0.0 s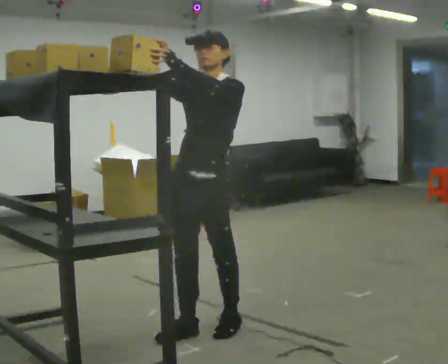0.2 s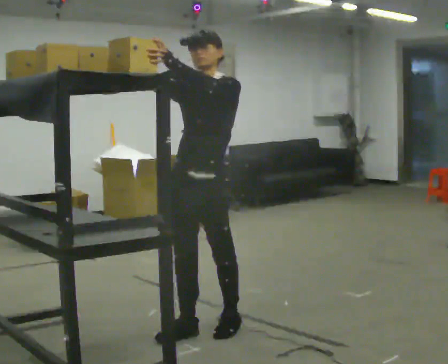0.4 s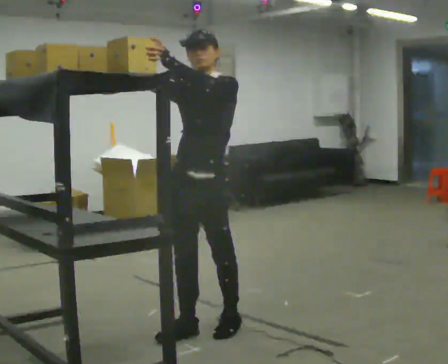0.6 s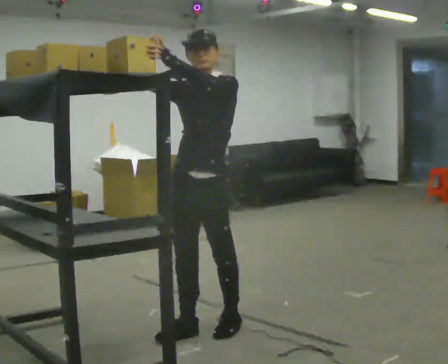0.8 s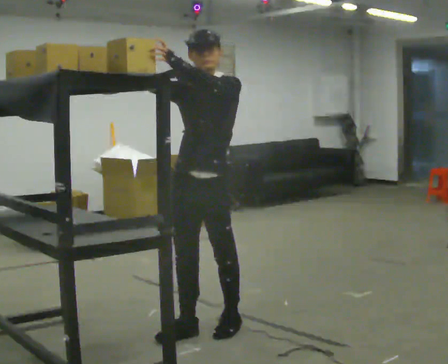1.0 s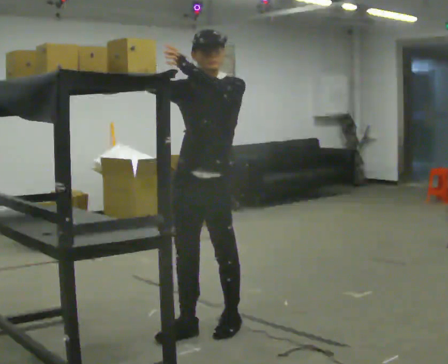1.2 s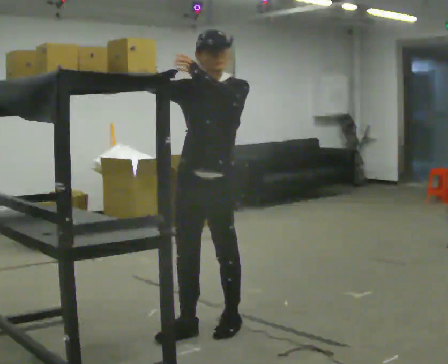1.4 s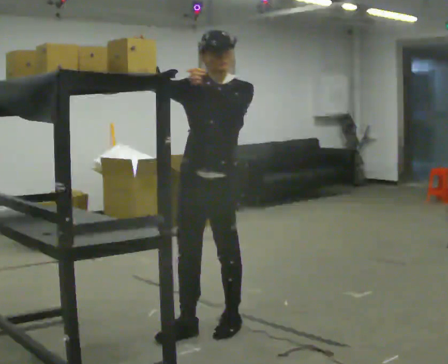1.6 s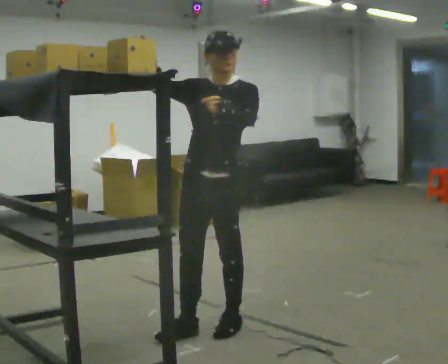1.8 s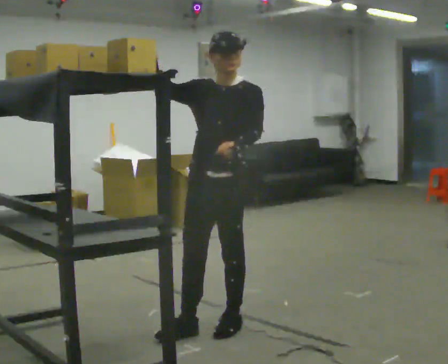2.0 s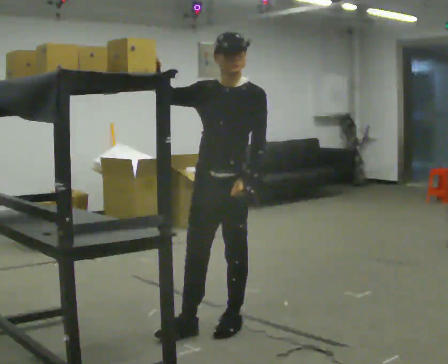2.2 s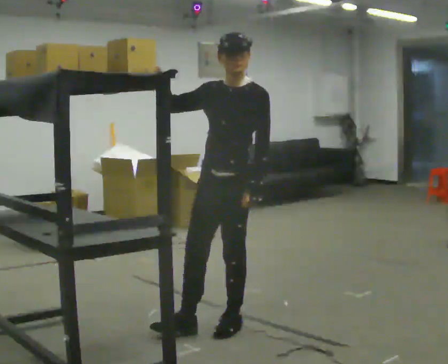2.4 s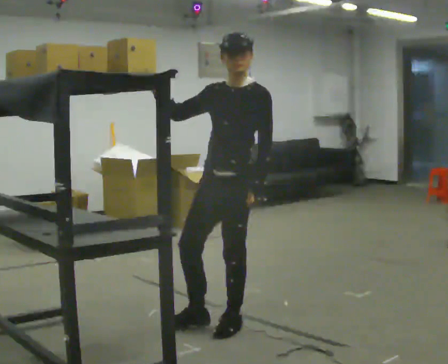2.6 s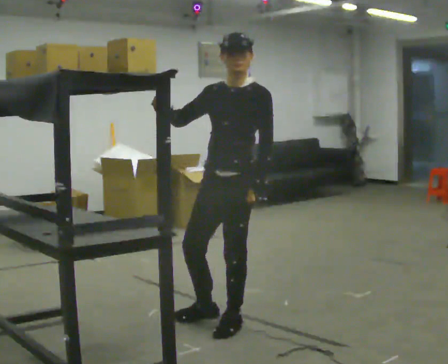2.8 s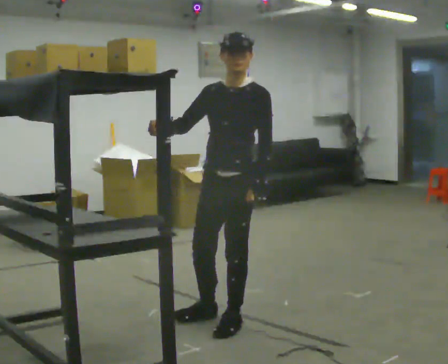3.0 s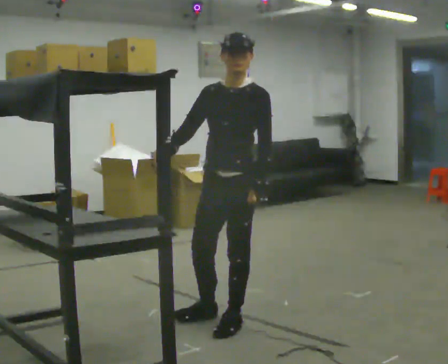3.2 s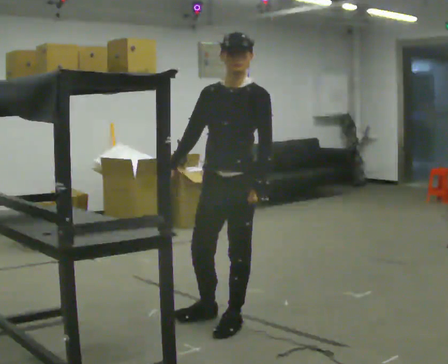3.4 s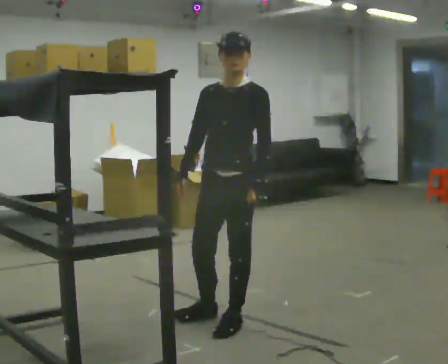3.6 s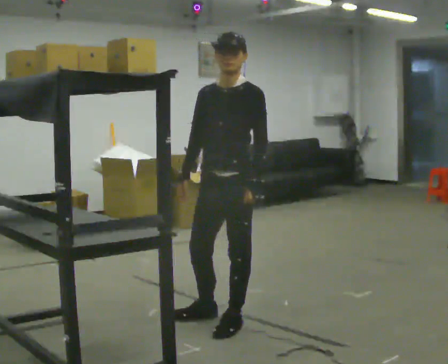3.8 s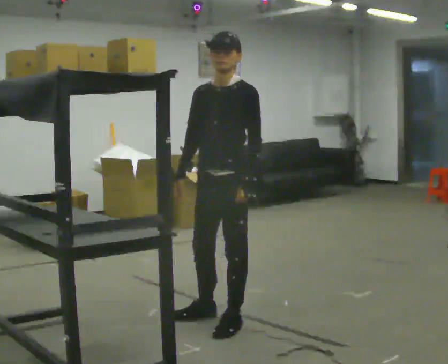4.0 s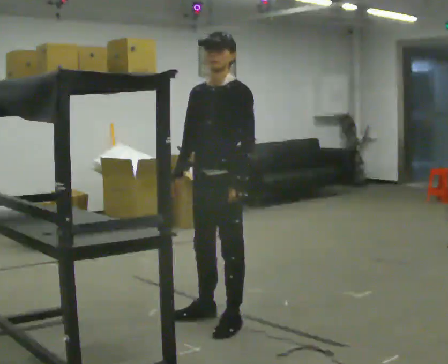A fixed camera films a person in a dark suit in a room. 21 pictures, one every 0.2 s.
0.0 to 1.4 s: The person moves a little, or ends about where they began.
1.4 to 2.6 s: In the picture their left hand goes downward.
2.6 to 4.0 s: In the picture their right hand goes downward, the arm swinging counterclockwise.
The film runs backward here.
